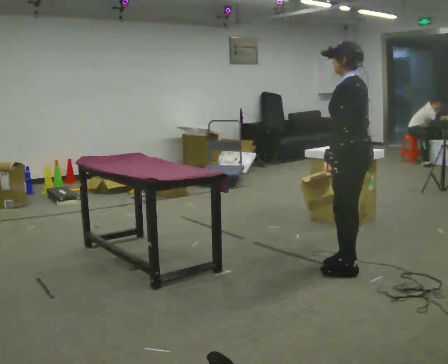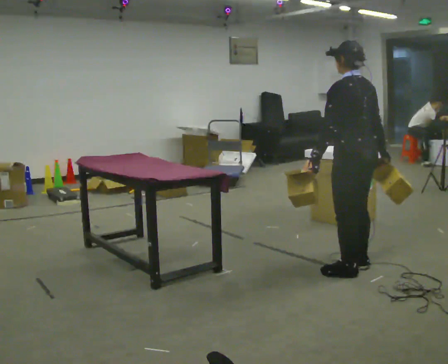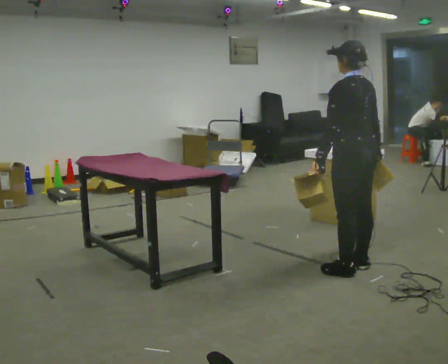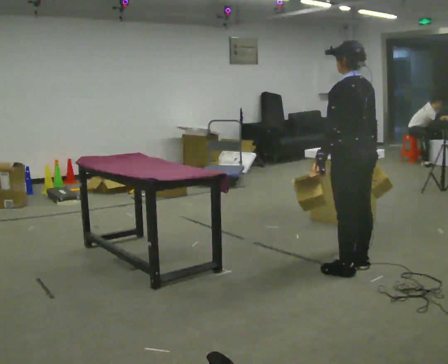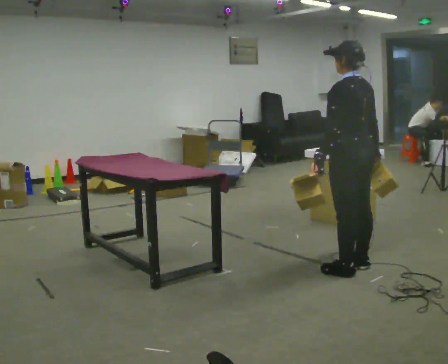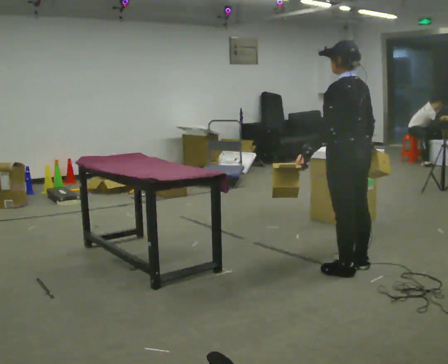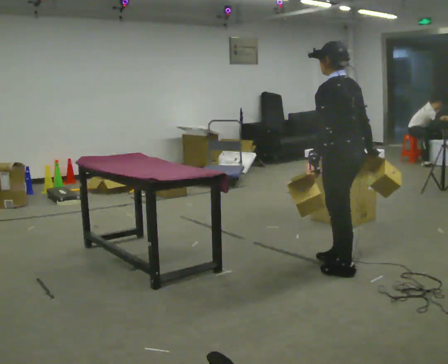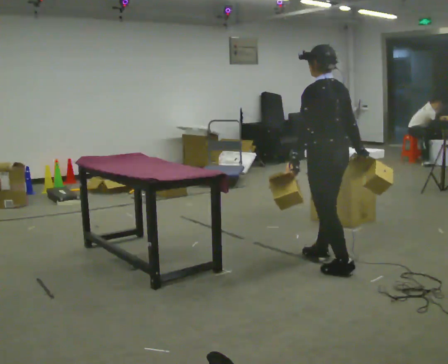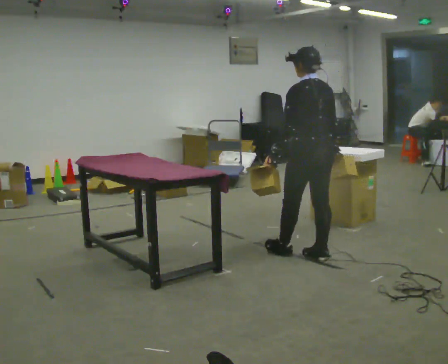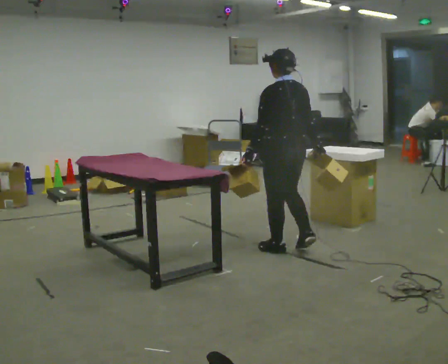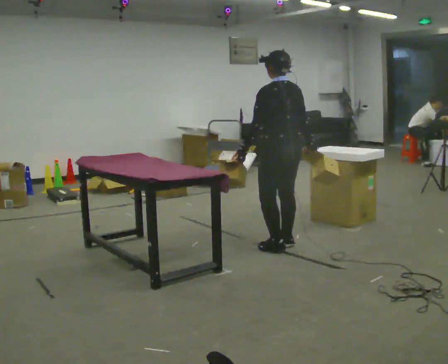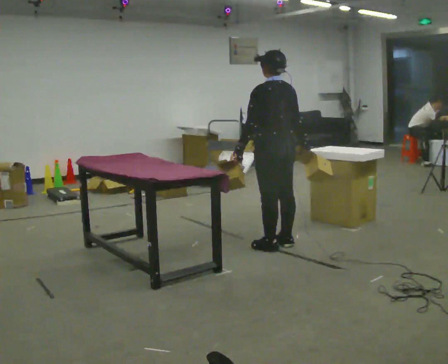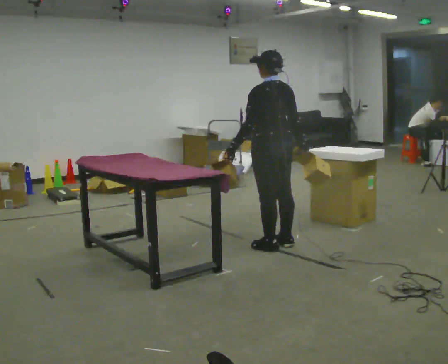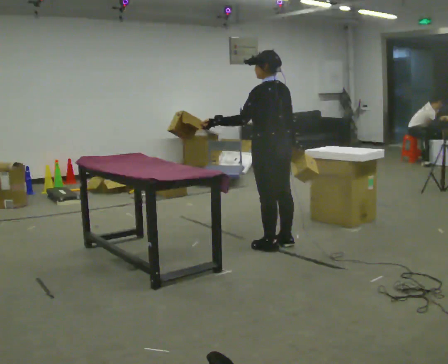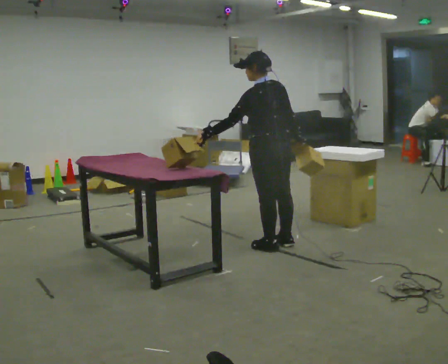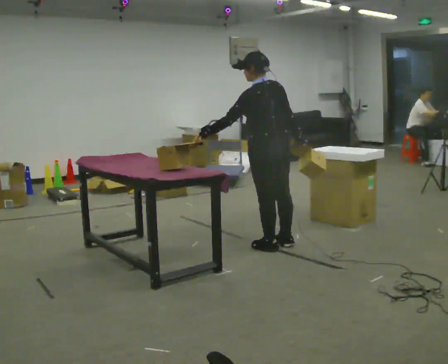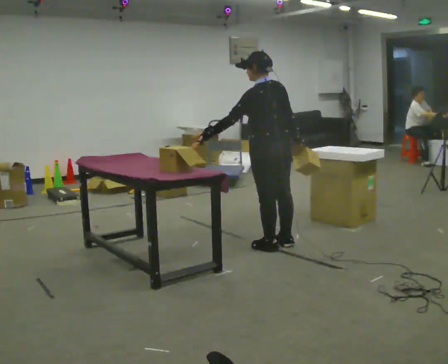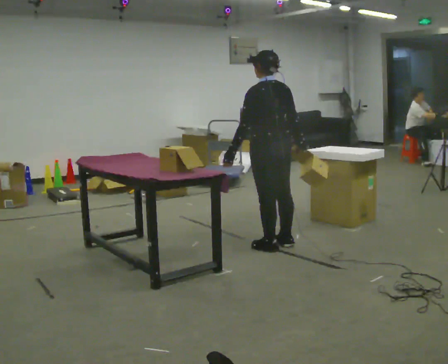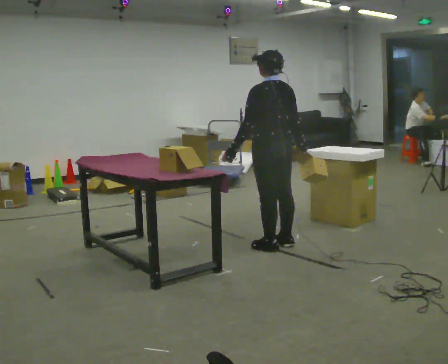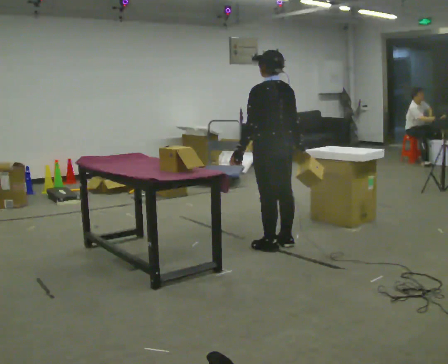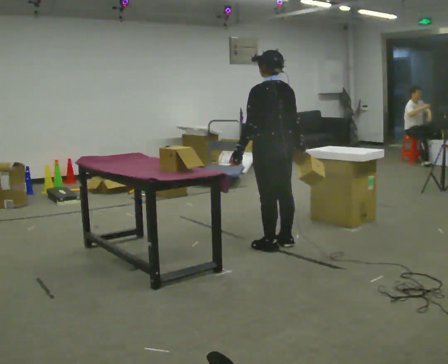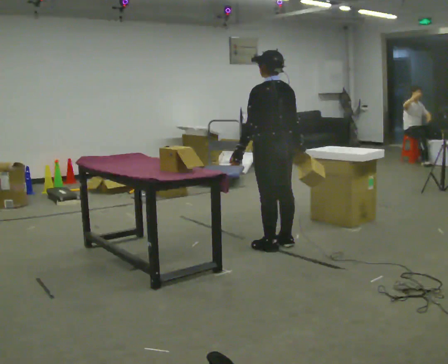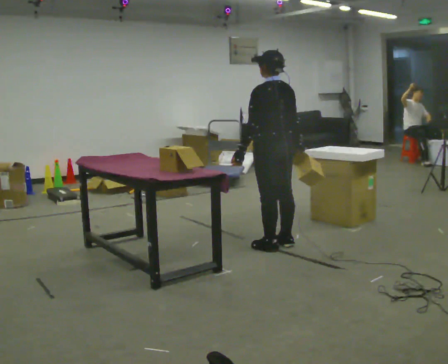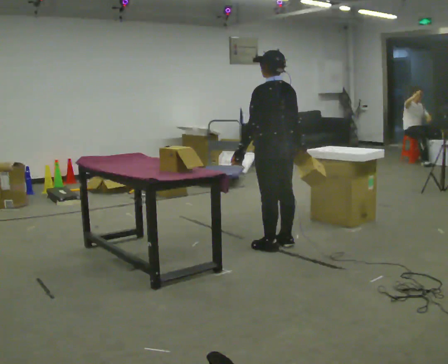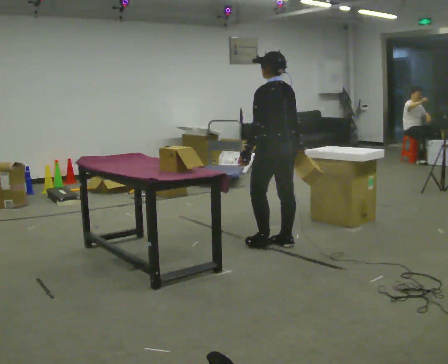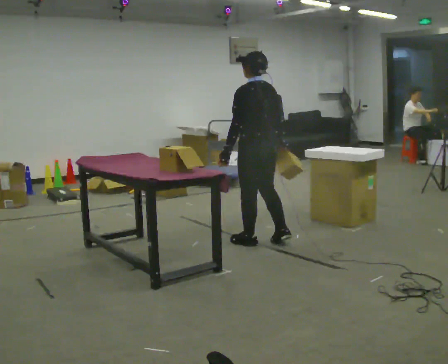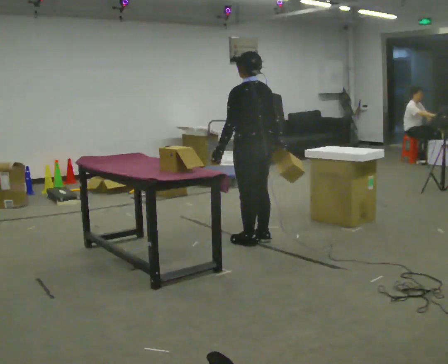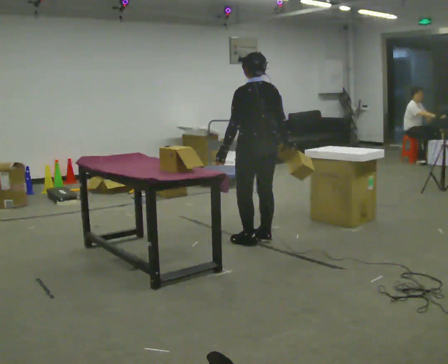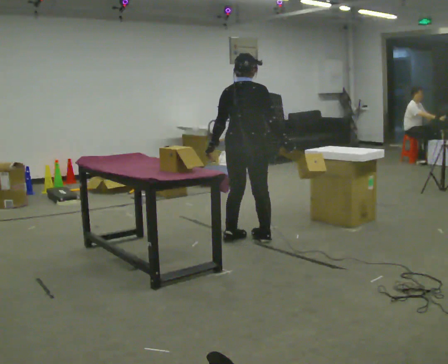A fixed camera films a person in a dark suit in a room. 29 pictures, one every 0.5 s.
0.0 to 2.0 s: The person moves a little, or ends about where they began.
2.0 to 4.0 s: In the picture they go away from the camera and to the left, about 0.5 m in 1 step, which for them is forward.
4.0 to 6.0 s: In the picture they go away from the camera and to the left, about 0.5 m in 2 steps, which for them is forward.
6.0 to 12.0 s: The person moves a little, or ends about where they began.
12.0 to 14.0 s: Seen from above the body turns clockwise, about 75 degrees: to their right, with its near side sliding to the left. In the picture they go to the left, about 0.25 m in 3 steps.
The film runs forward here.
